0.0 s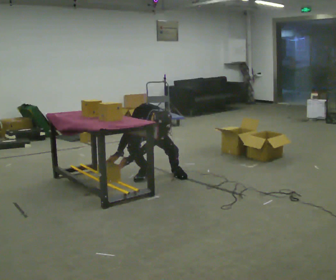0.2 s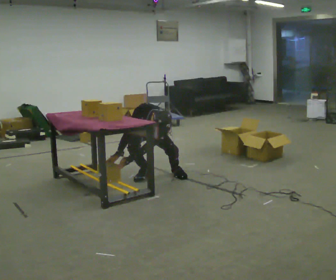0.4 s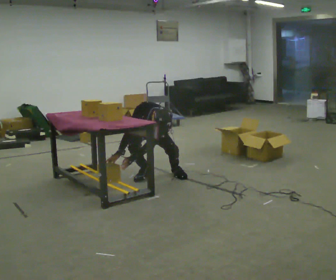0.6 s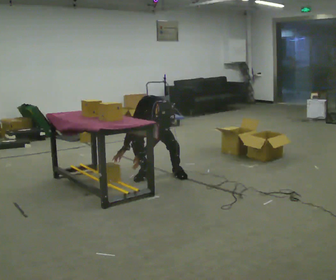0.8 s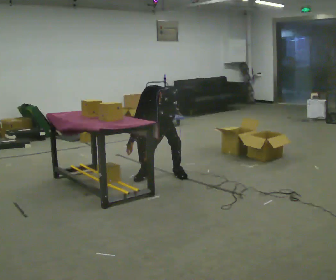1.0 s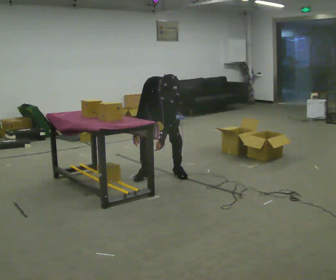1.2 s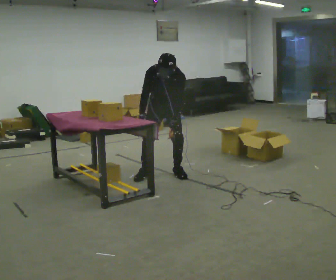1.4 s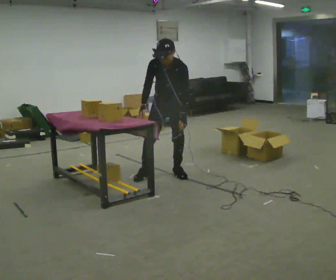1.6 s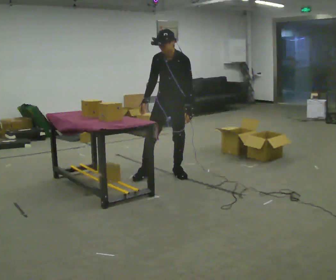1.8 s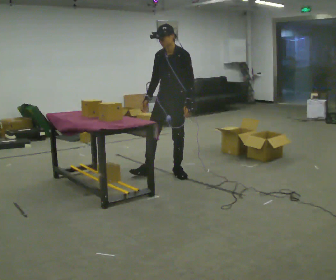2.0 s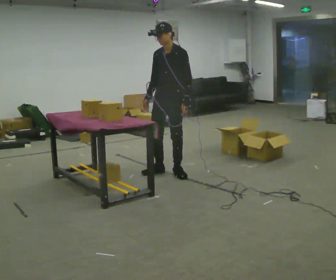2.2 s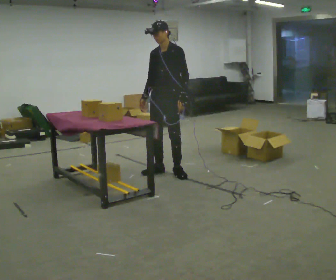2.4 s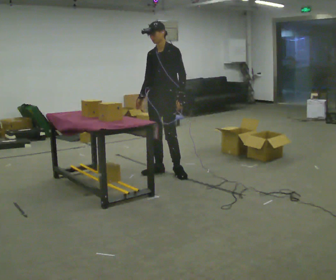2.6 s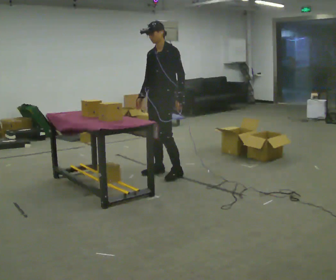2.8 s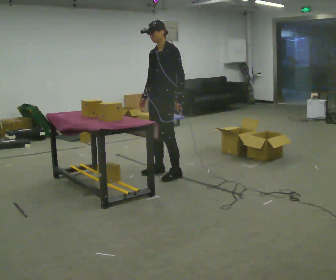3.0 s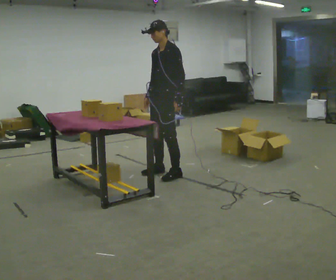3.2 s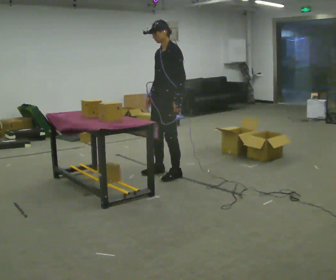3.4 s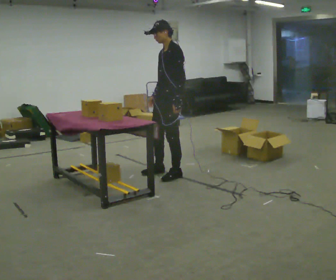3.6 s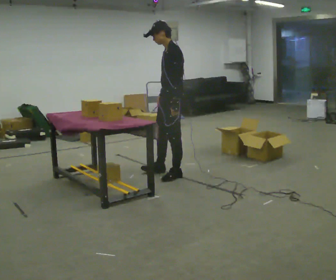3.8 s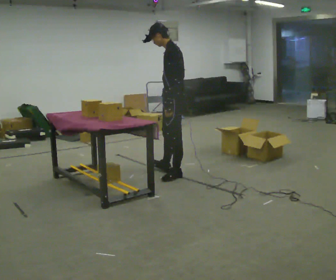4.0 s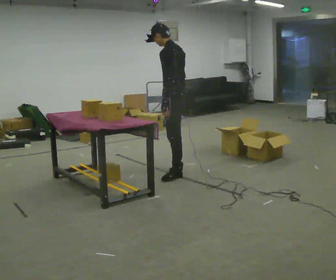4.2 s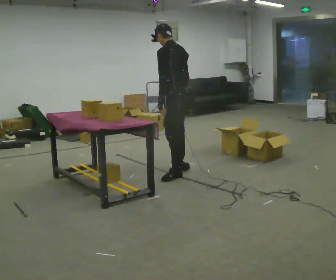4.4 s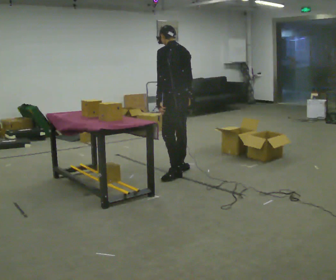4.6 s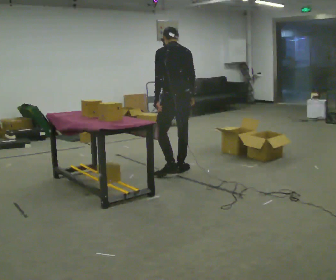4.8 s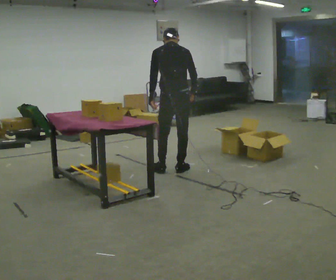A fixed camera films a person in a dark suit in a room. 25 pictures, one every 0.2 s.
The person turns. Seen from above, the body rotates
clockwise.
Their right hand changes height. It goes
upward.
0.0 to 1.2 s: In the picture they go to the right, about 0.25 m, which for them is to their left. The shoulders move upward. The upper body tips away from the camera, its near side rolling upward, as they lean back or straighten. In the picture their left hand goes to the right and upward.
1.2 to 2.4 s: The part of the body nearest the lens slides to the left as the person turns to their right by about 30 degrees. The upper body goes upward. The upper body tips away from the camera, its near side rolling upward, as they lean back or straighten.
2.4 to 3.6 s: Seen from above the body turns clockwise, about 45 degrees: to their right, with its near side sliding to the left.
3.6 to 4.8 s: The part of the body nearest the lens slides to the left as the person turns to their right by about 90 degrees. In the picture they go away from the camera, about 0.25 m in 1 step. In the picture their right hand goes to the right.
The film runs forward here.
